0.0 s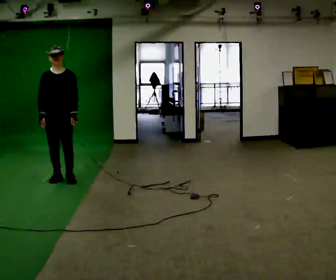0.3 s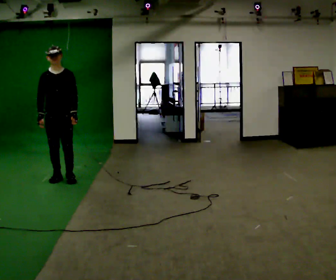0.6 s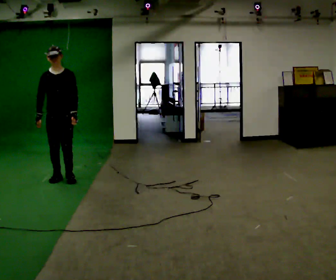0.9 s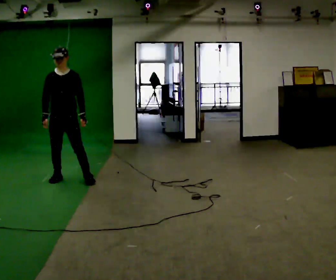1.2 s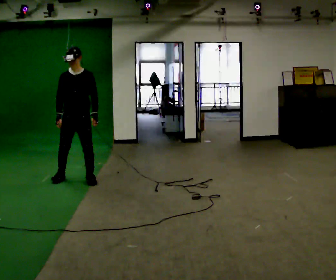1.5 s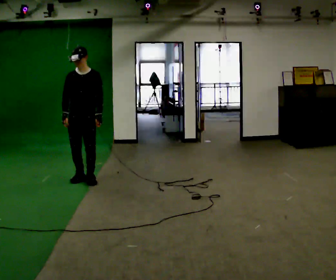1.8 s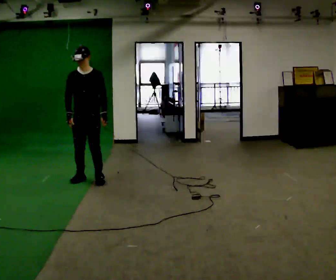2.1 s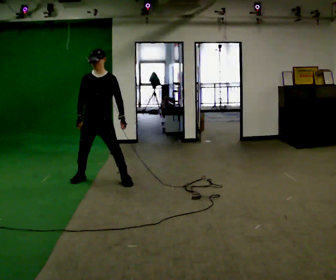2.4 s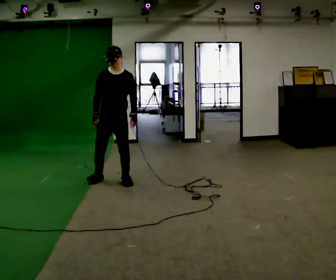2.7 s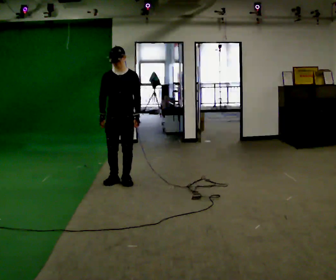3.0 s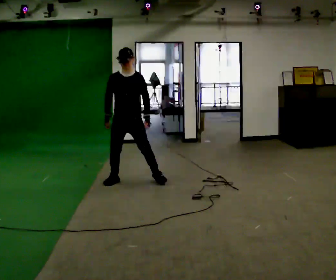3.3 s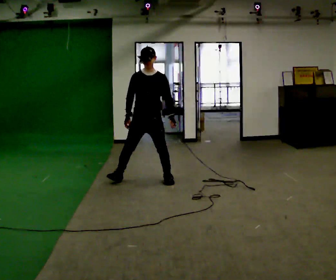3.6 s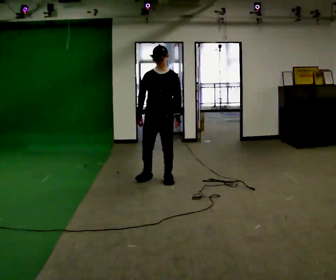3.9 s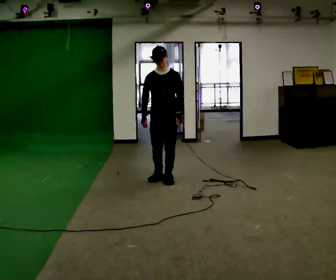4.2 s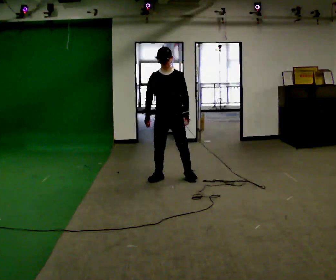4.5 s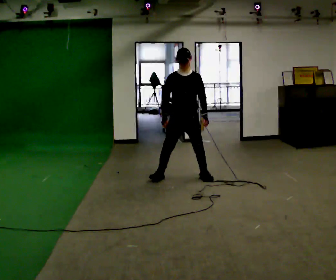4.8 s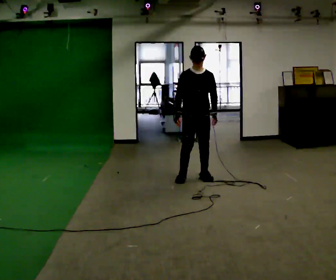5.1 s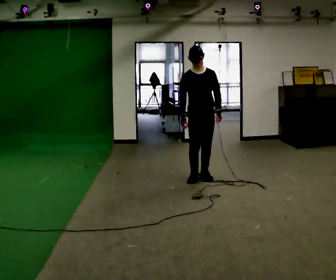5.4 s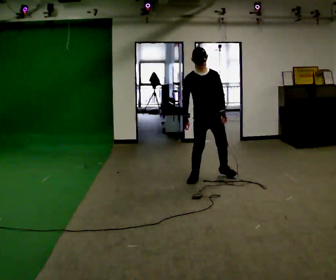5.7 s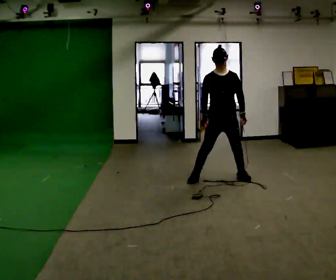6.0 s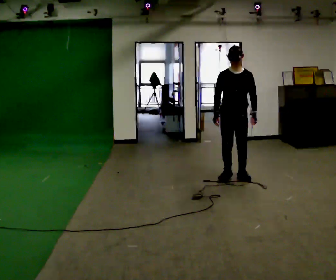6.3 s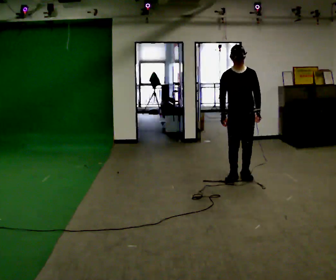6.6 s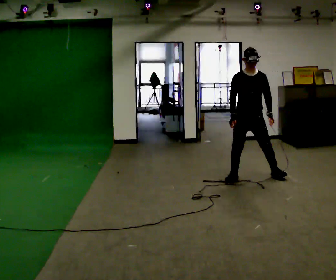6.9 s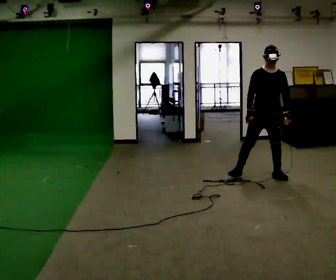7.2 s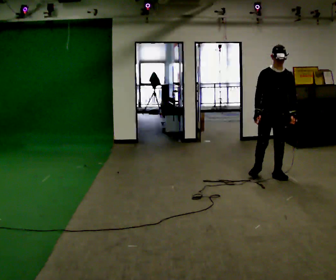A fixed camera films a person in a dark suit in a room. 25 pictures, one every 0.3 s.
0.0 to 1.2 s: In the picture they go to the right, about 0.25 m in 2 steps, which for them is to their left.
1.2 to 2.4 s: In the picture they go to the right, about 0.5 m in 2 steps, which for them is to their left.
2.4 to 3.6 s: In the picture they go to the right, about 0.5 m in 2 steps, which for them is to their left.
3.6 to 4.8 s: In the picture they go to the right, about 0.5 m in 2 steps, which for them is to their left.
4.8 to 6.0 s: In the picture they go to the right, about 0.5 m in 2 steps, which for them is to their left.
6.0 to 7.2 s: In the picture they go to the right, about 0.5 m in 2 steps, which for them is to their left.
The film runs backward here.
